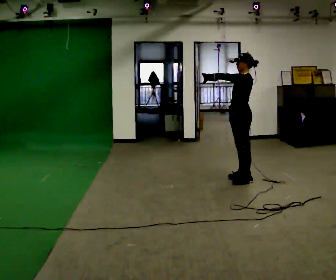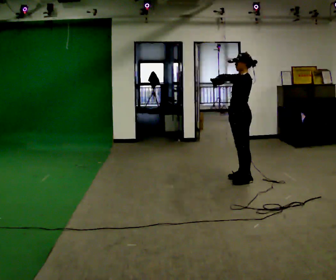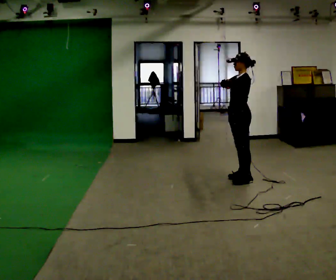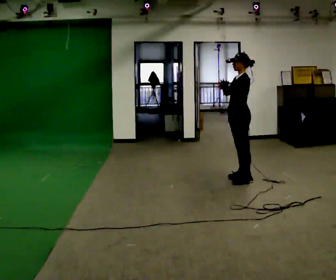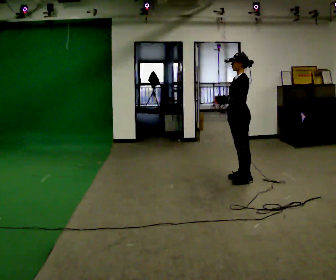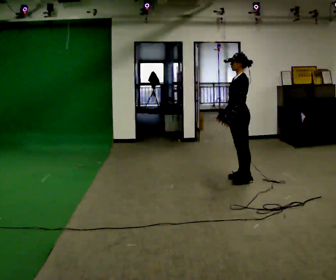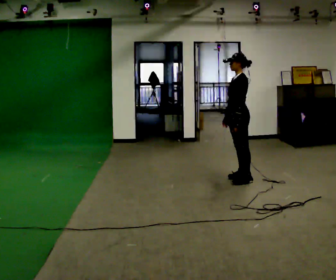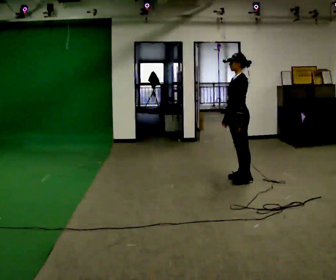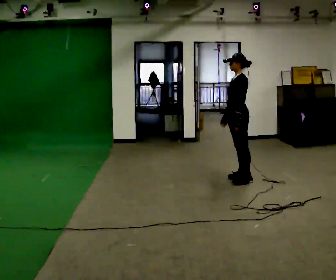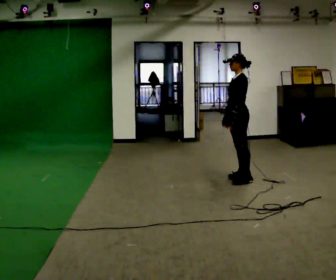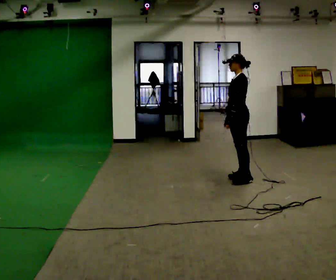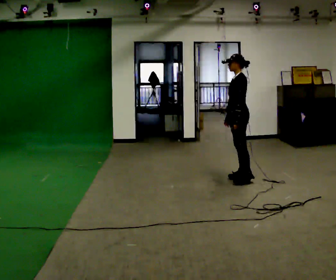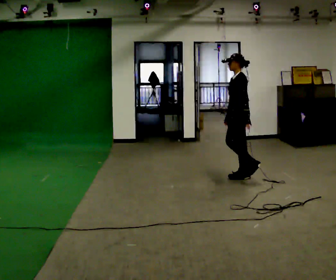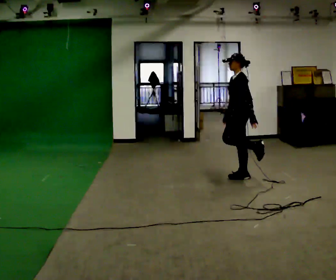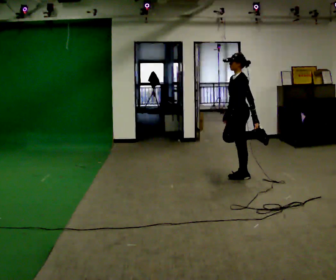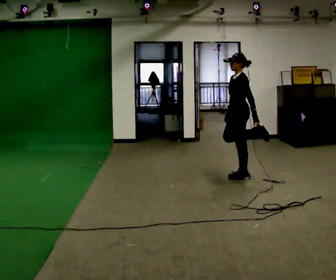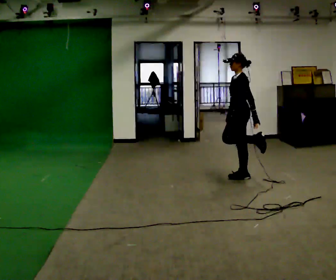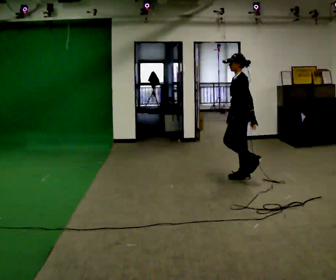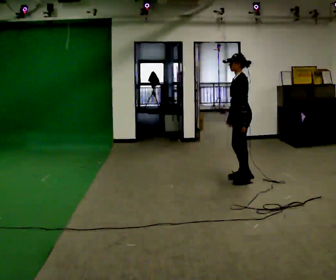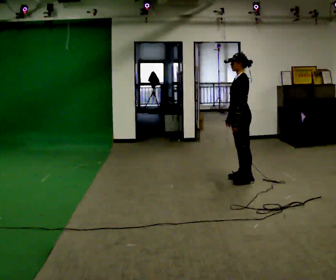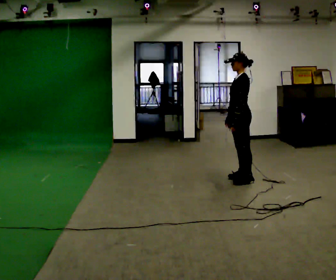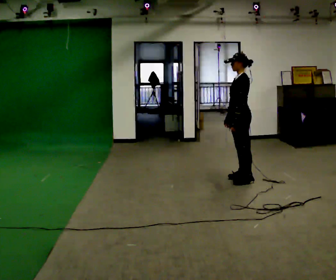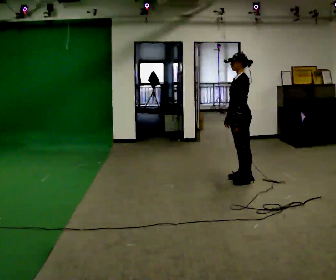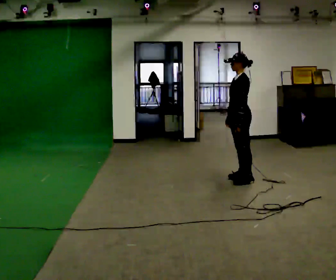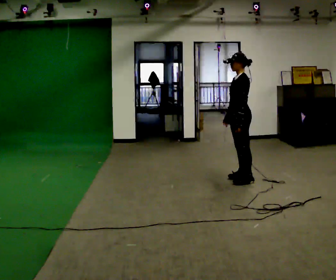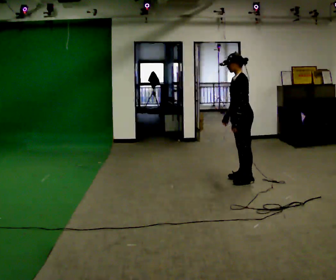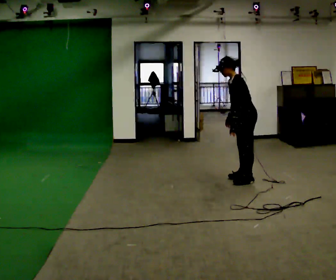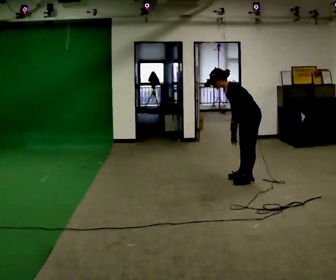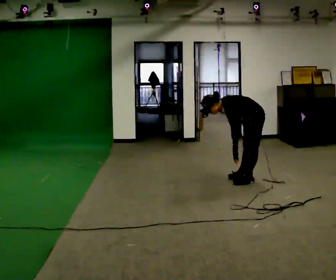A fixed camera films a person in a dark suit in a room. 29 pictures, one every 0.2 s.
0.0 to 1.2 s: In the picture their left hand goes downward and to the right.
1.2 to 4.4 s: The person moves a little, or ends about where they began.
4.4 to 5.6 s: In the picture they go to the right, about 0.25 m, which for them is backward. The upper body goes downward. In the picture the upper body tilts counterclockwise, shoulders to the left, as they bend forward.
The film runs backward here.
